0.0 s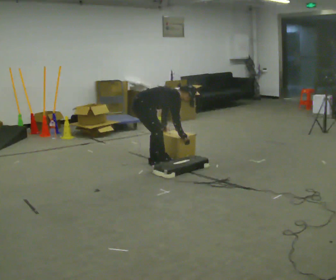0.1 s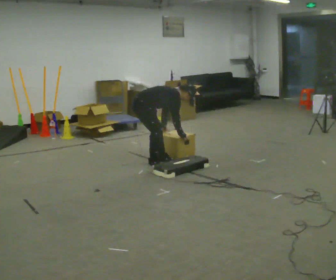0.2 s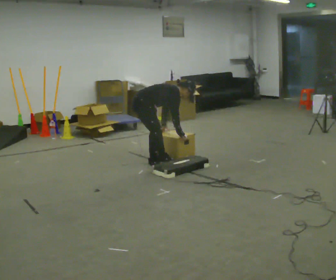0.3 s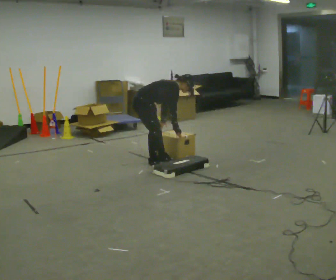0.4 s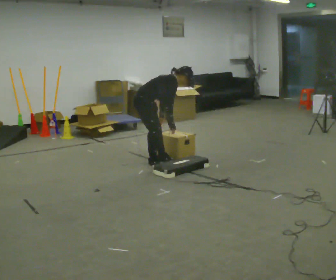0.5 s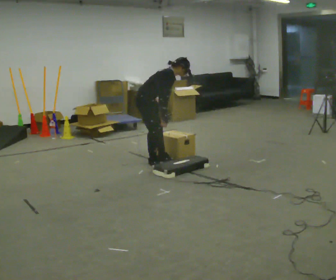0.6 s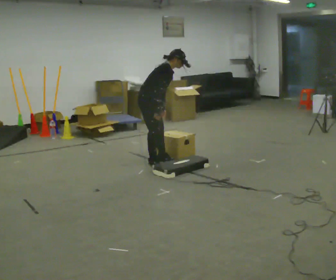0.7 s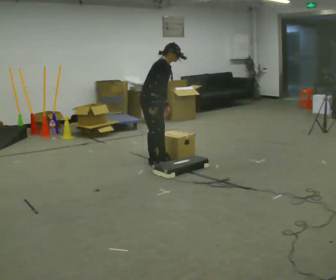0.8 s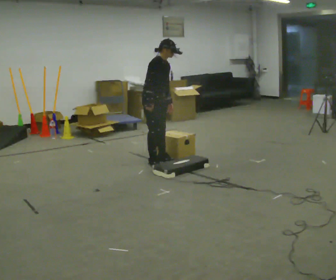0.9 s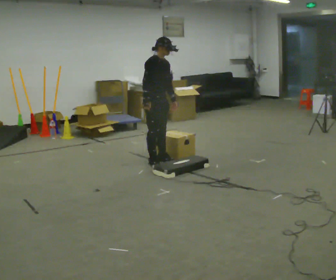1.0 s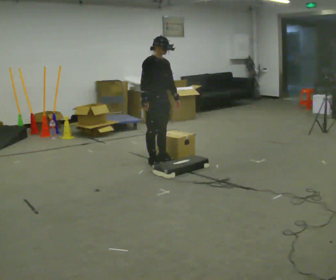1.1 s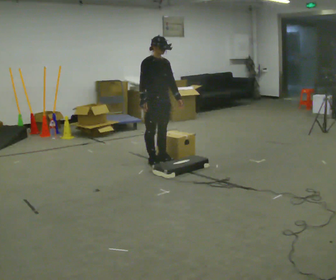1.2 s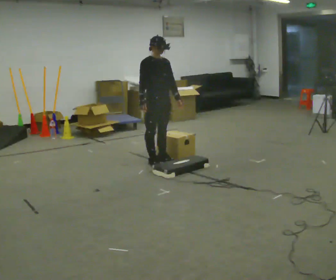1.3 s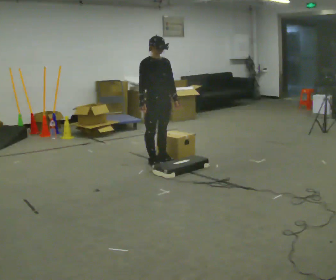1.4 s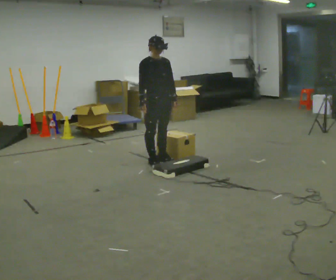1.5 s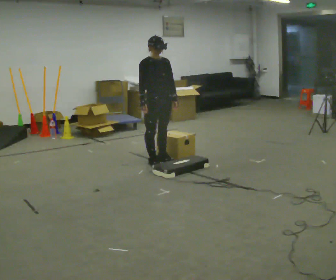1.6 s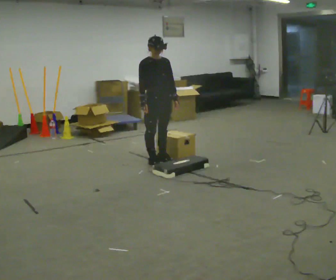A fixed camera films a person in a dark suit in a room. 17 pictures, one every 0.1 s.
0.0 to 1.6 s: The person turns about 60 degrees to their right, clockwise seen from above, so the part of the body nearest the lens slides to the left. In the picture they go to the right, about 0.25 m, which for them is forward. The upper body goes upward. In the picture the upper body tilts counterclockwise, shoulders to the left, as they lean back or straighten. In the picture their left hand goes upward.
The film runs forward here.
